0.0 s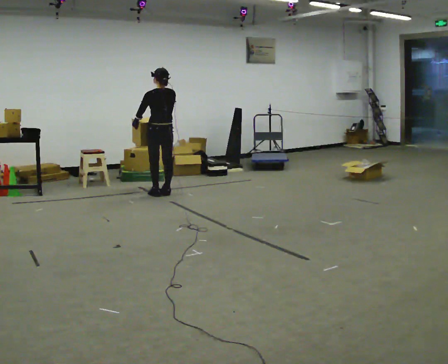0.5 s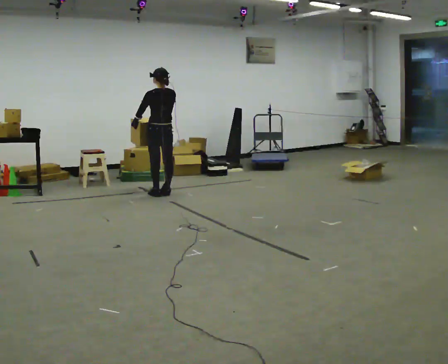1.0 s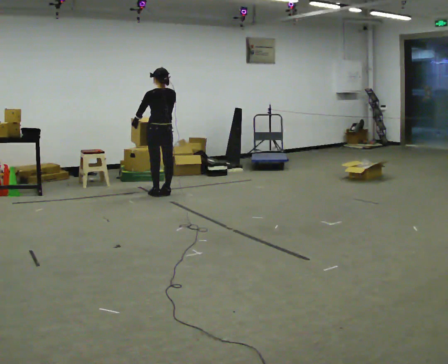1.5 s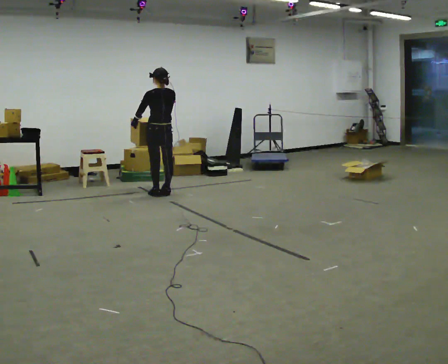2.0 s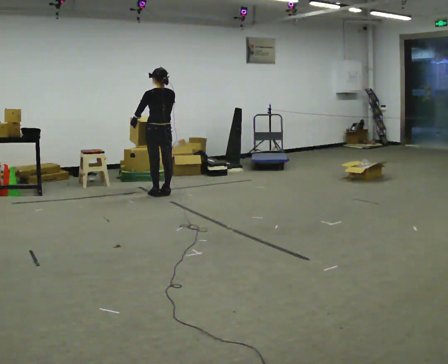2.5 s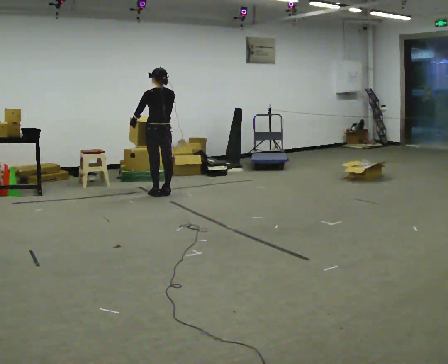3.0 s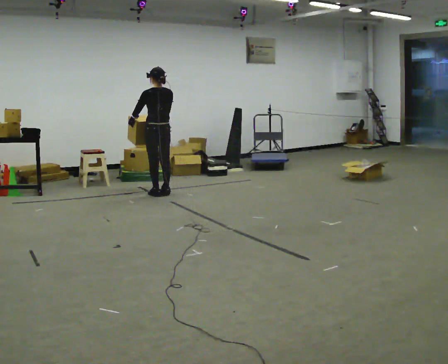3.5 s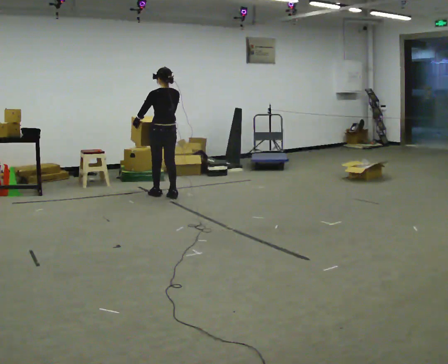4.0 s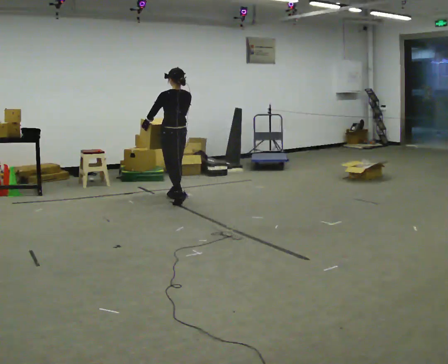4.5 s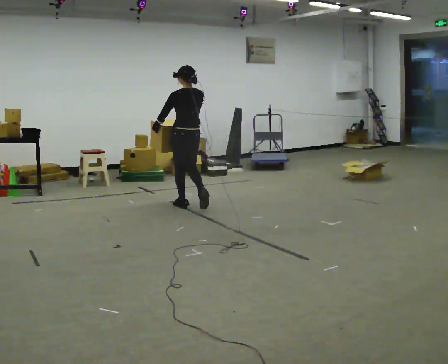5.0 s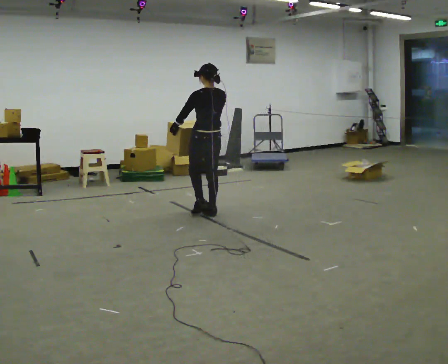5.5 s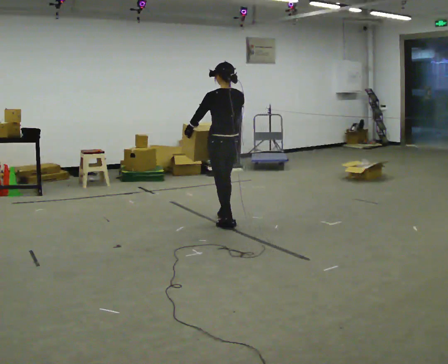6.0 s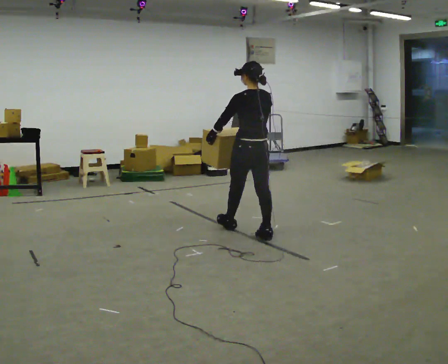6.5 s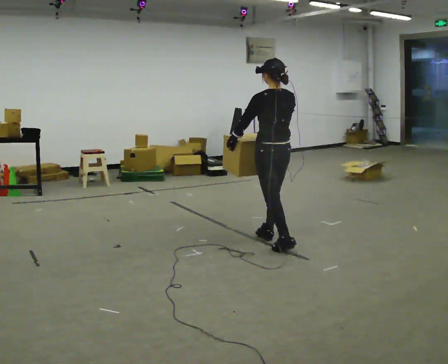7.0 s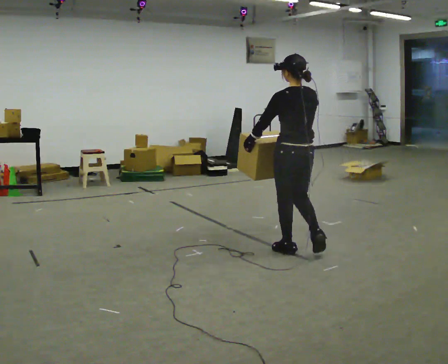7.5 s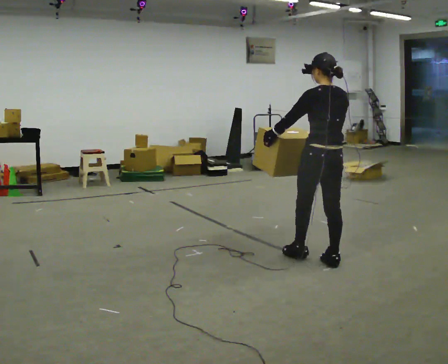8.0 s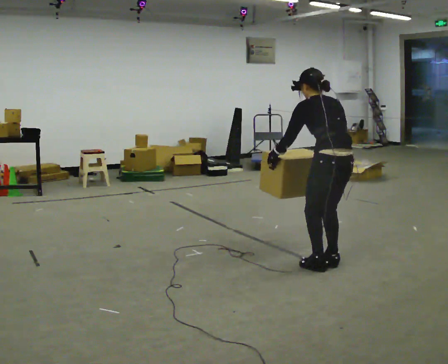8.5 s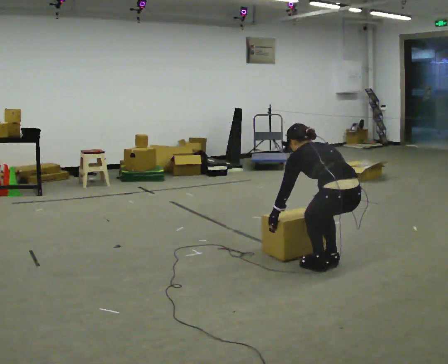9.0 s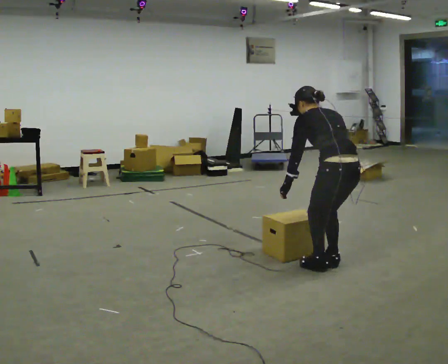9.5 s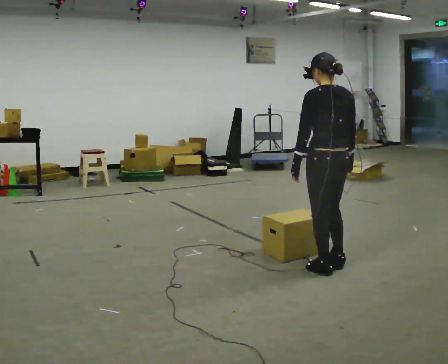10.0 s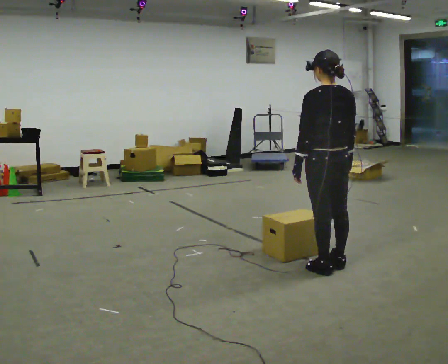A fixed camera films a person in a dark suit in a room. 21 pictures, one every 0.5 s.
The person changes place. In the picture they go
toward the camera.
0.0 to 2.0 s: The person keeps their place and pose.
2.0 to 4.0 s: In the picture they go toward the camera and to the right, about 0.25 m in 2 steps, which for them is backward.
4.0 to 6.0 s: In the picture they go toward the camera and to the right, about 1.5 m in 4 steps, which for them is backward.
6.0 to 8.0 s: In the picture they go toward the camera and to the right, about 1 m in 2 steps, which for them is backward. The upper body tips away from the camera, its near side rolling upward, as they bend forward.
8.0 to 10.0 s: The person moves a little, or ends about where they began.
The film runs backward here.
